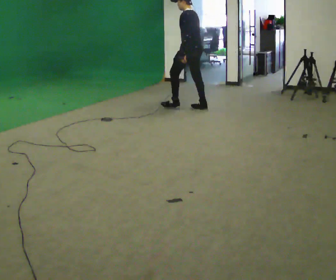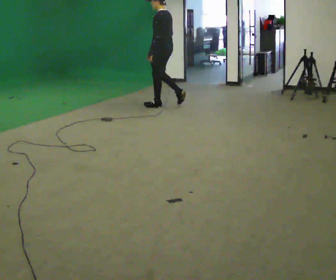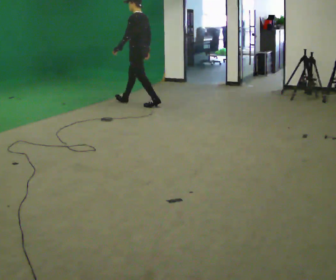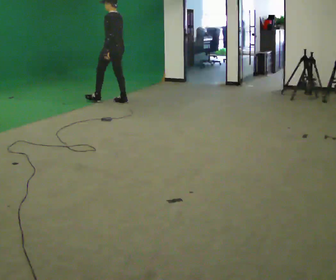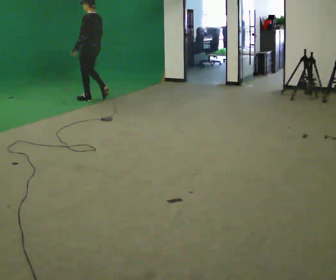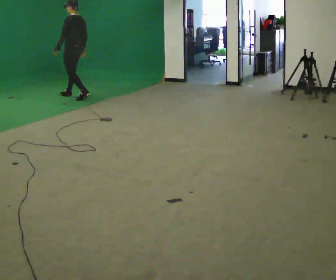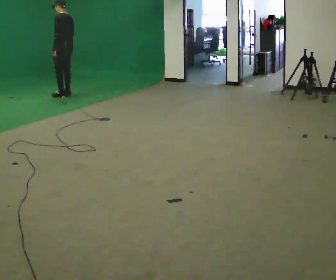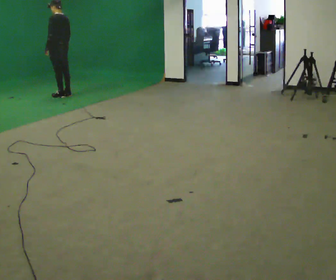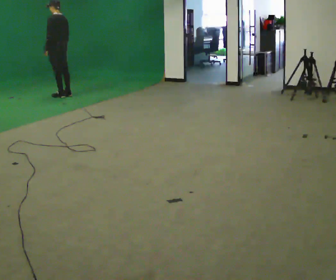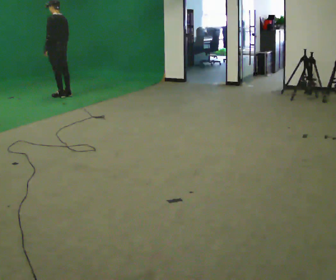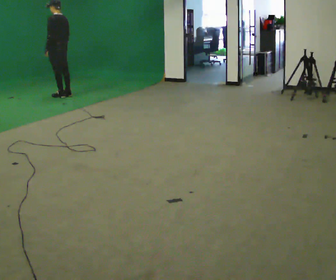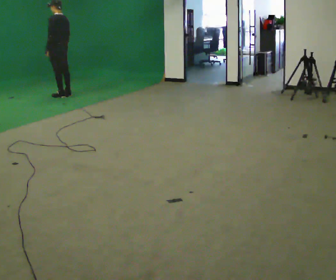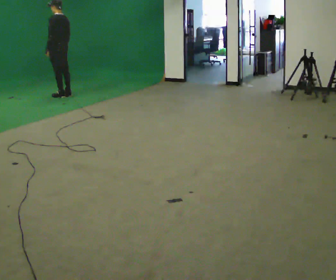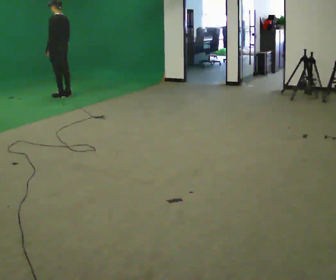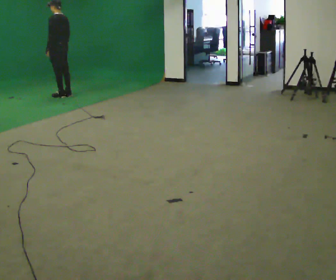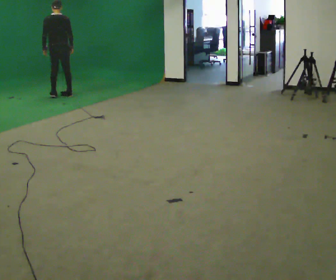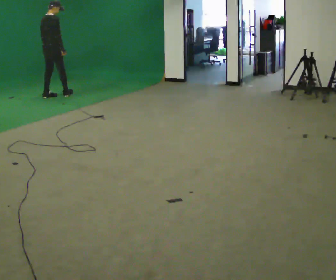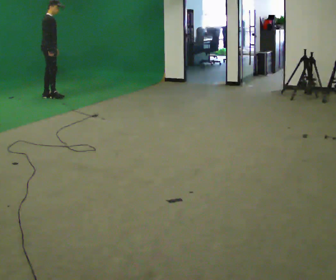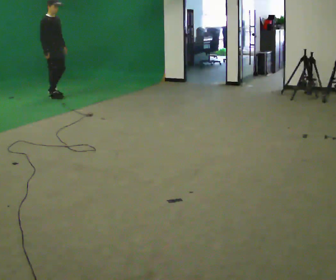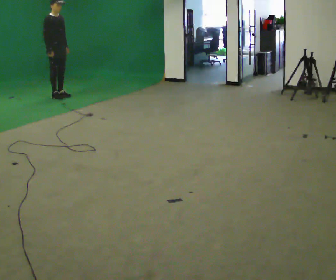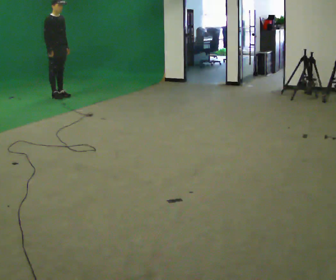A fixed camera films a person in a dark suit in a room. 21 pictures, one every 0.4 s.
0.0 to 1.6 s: In the picture they go to the left and away from the camera, about 2 m in 3 steps, which for them is forward.
1.6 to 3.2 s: In the picture they go to the left and away from the camera, about 0.5 m in 2 steps, which for them is forward.
3.2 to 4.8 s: The person moves a little, or ends about where they began.
4.8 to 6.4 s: The person turns about 90 degrees to their right, clockwise seen from above, so the part of the body nearest the lens slides to the left. In the picture they go to the left, about 0.25 m in 1 step.
6.4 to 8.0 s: The person turns about 75 degrees to their right, clockwise seen from above, so the part of the body nearest the lens slides to the left.
The film runs forward here.
